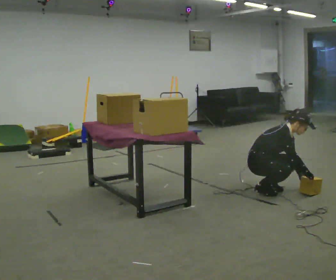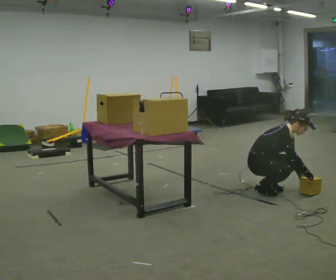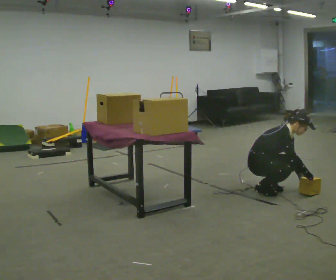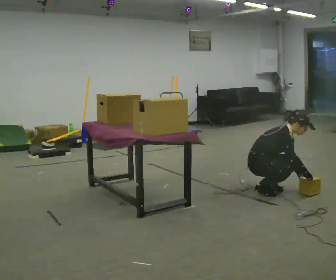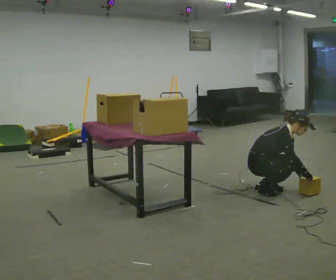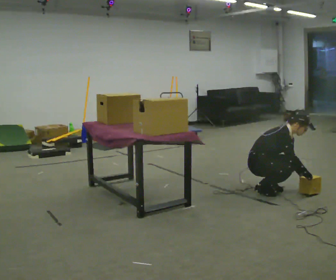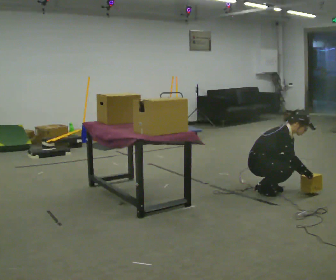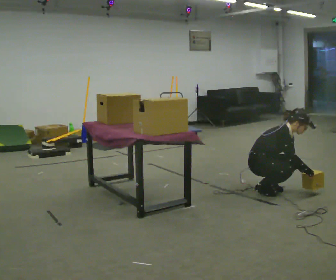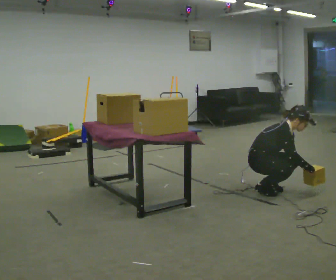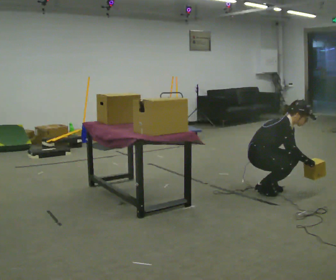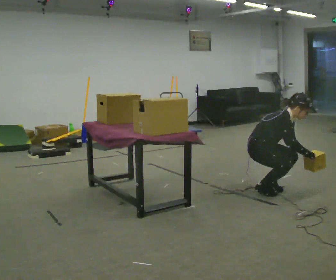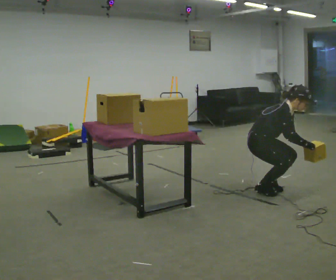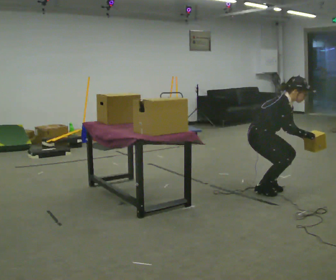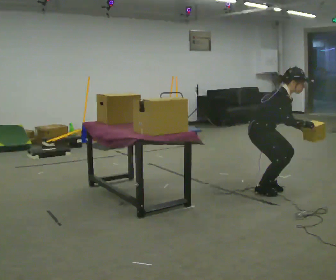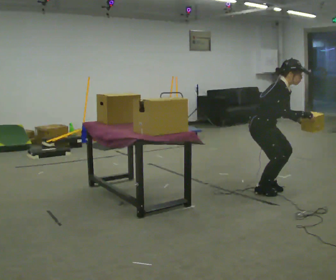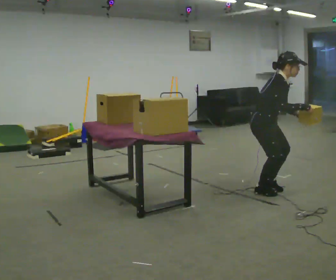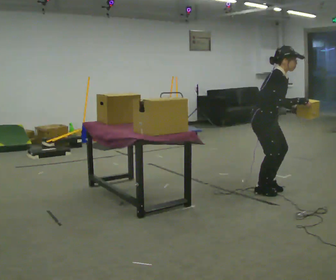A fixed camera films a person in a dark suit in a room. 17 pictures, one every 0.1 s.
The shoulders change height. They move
upward.
Their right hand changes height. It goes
upward.
0.0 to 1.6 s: The shoulders move upward. In the picture the upper body tilts counterclockwise, shoulders to the left, as they lean back or straighten. In the picture their left hand goes upward.
The film runs forward here.
